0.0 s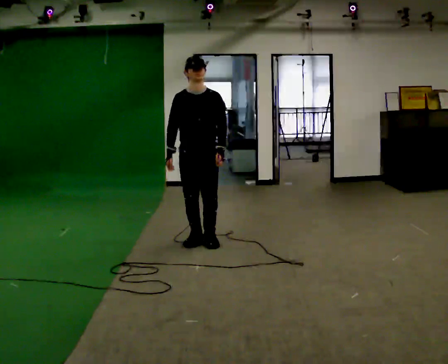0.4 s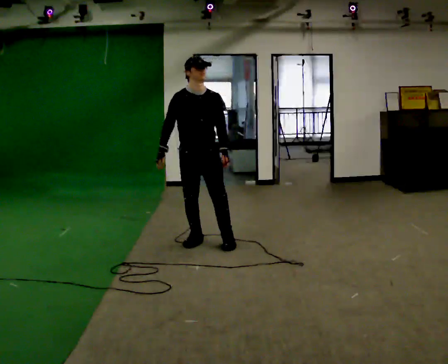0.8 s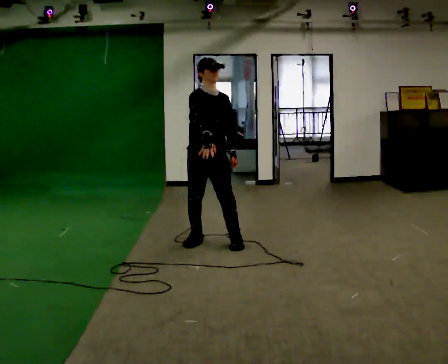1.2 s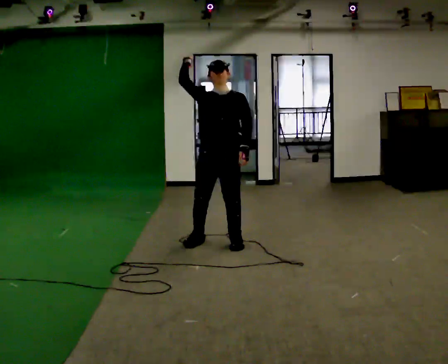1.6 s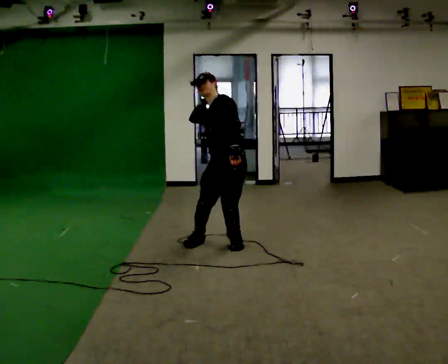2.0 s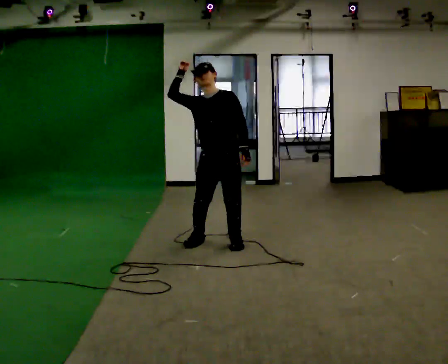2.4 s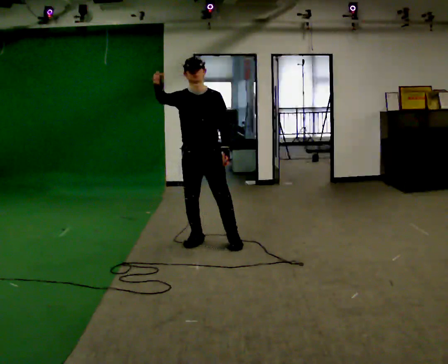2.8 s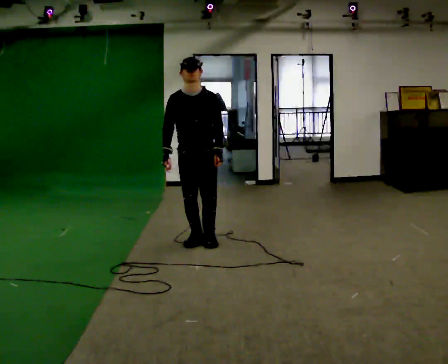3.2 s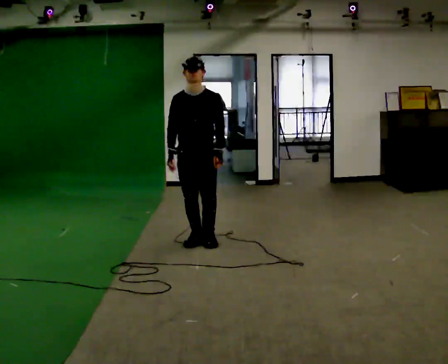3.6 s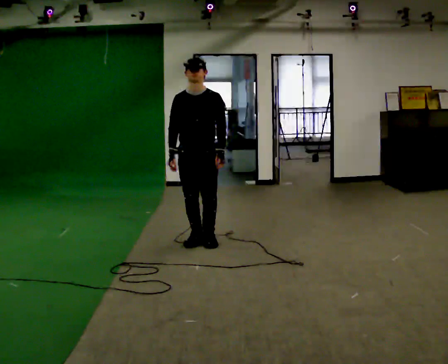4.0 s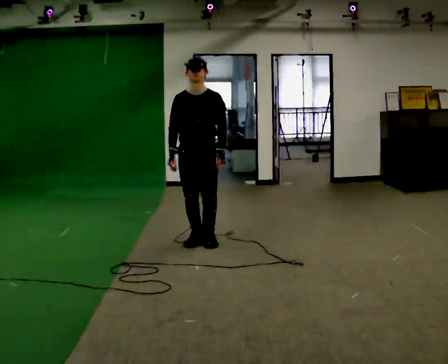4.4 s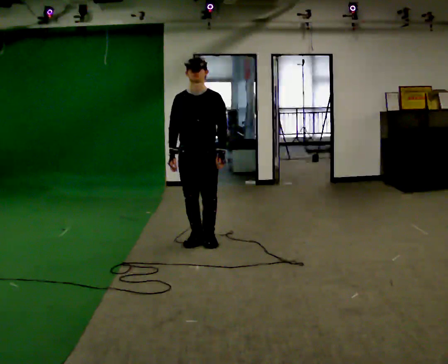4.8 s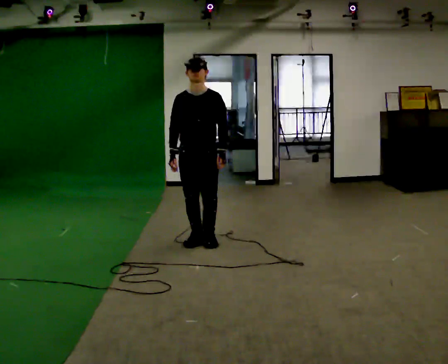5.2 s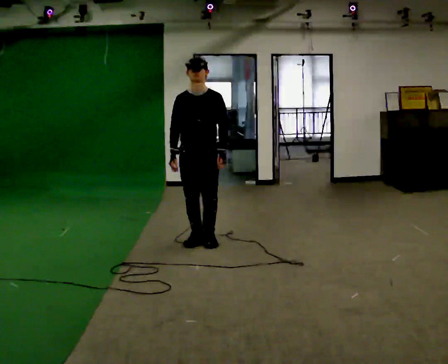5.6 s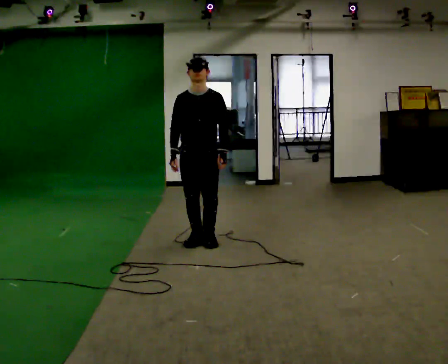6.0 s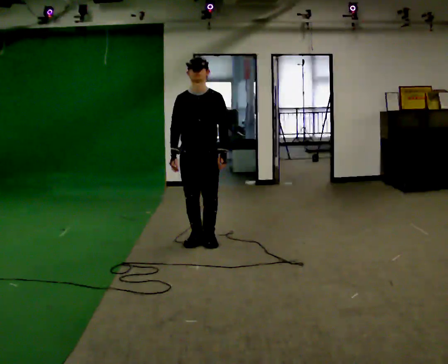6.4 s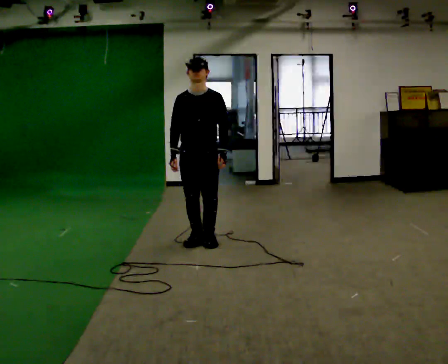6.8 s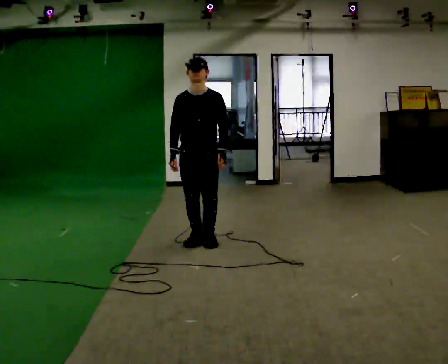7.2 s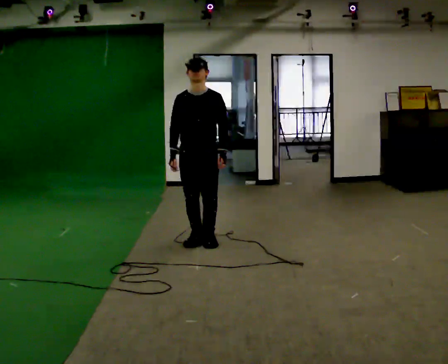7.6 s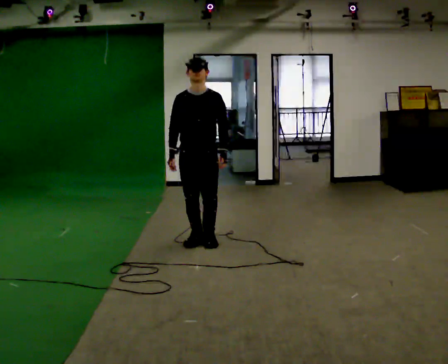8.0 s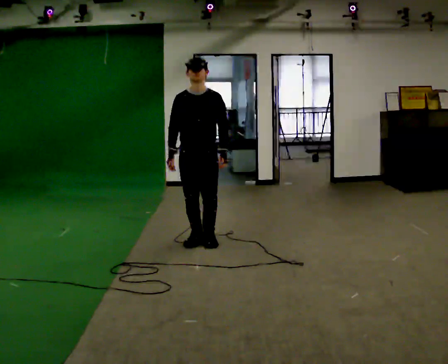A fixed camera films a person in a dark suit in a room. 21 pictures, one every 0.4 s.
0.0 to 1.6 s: The part of the body nearest the lens slides to the left as the person turns to their right by about 45 degrees. In the picture they go to the right, about 0.25 m in 1 step. In the picture their right hand goes upward.
1.6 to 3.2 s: The person turns about 45 degrees to their left, counterclockwise seen from above, so the part of the body nearest the lens slides to the right. In the picture they go to the left and away from the camera, about 0.25 m in 1 step, which for them is to their right and backward. The upper body tips toward the camera, its near side rolling downward. In the picture their right hand goes downward.
3.2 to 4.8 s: The person moves a little, or ends about where they began.
4.8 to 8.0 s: The person keeps their place and pose.
The film runs backward here.
